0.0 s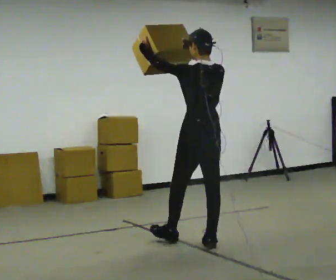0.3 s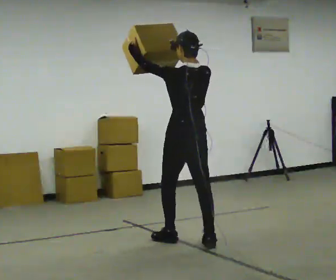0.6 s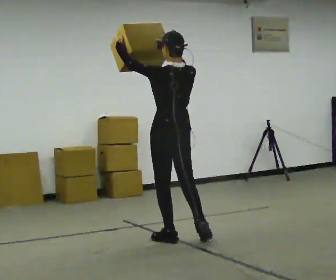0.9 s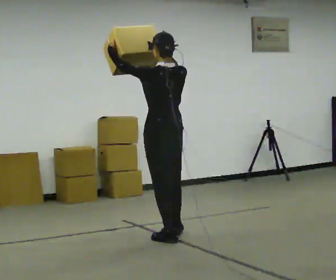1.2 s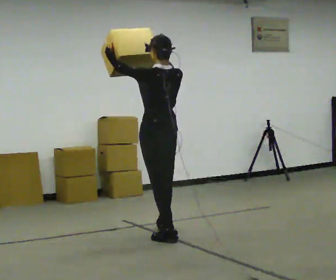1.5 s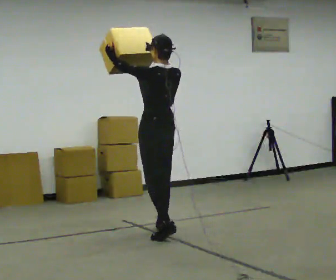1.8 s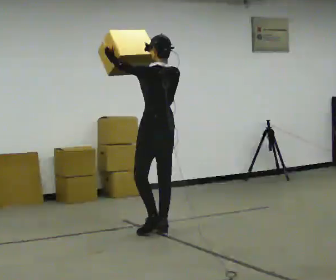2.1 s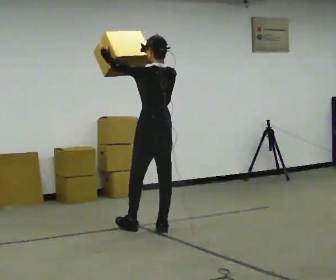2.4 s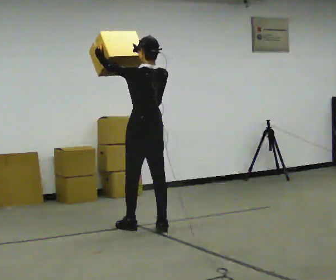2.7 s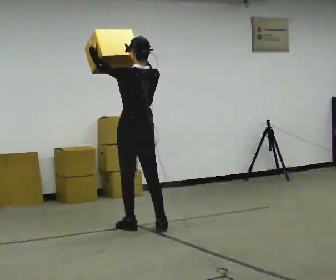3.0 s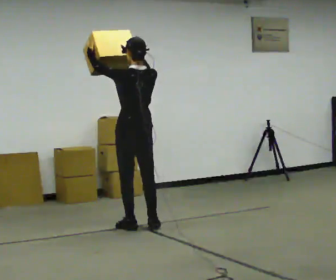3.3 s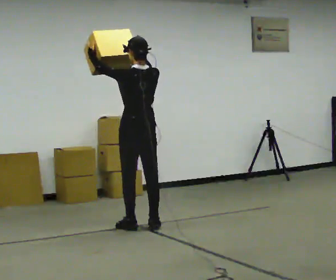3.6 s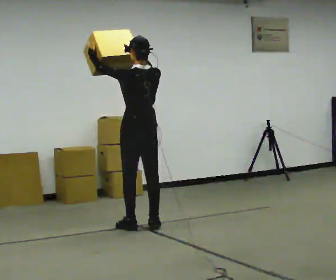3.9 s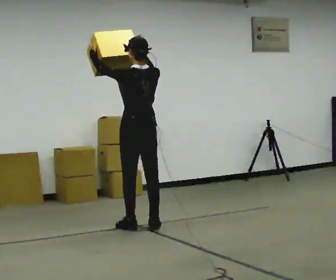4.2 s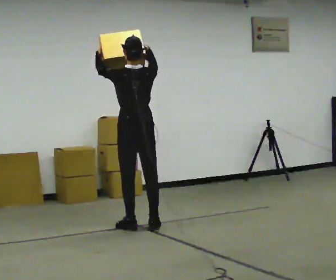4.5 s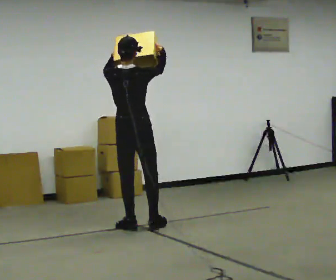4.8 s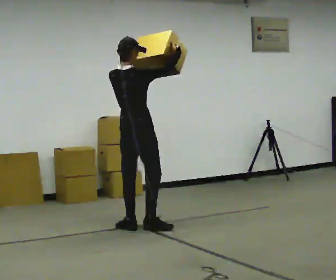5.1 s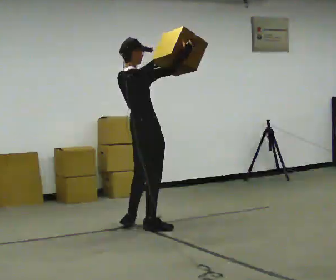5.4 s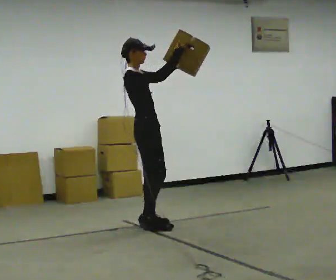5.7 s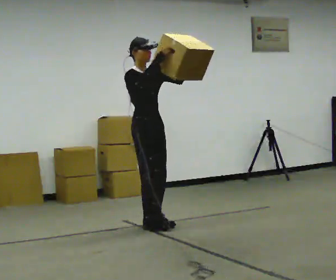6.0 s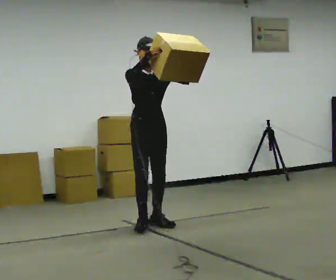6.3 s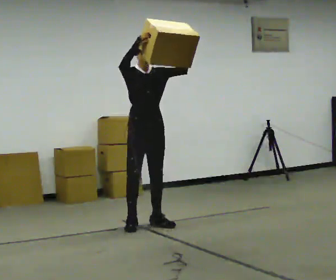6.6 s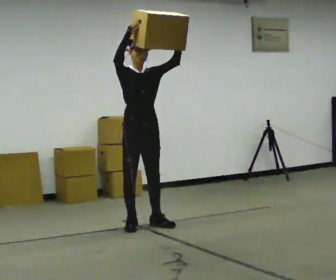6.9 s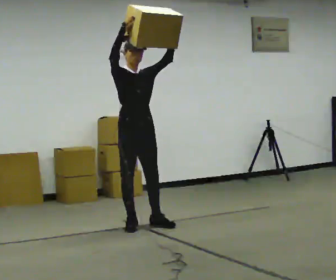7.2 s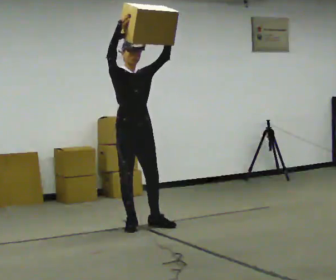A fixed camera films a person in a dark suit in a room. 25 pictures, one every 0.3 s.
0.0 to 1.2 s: In the picture they go away from the camera and to the left, about 0.5 m in 1 step, which for them is forward.
1.2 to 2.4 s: In the picture they go away from the camera, about 0.5 m in 1 step, which for them is forward.
2.4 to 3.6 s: The person moves a little, or ends about where they began.
3.6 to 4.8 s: The part of the body nearest the lens slides to the left as the person turns to their right by about 45 degrees. In the picture their left hand goes to the right.
4.8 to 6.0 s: The part of the body nearest the lens slides to the left as the person turns to their right by about 135 degrees. In the picture their right hand goes to the left.
6.0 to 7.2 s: The person moves a little, or ends about where they began.
The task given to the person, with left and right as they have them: Carry the heaviest box in both hands in front of you, walking back and forth across the room. Only carry what is comfortable. Set it down whenever you need to.
The film runs forward here.
